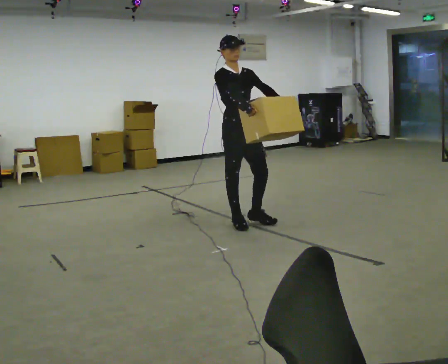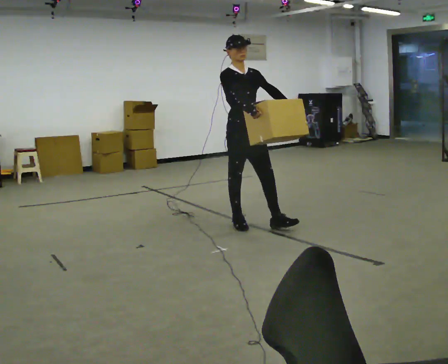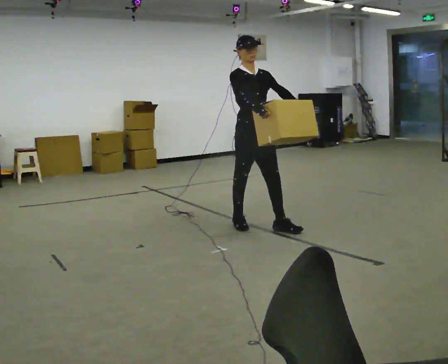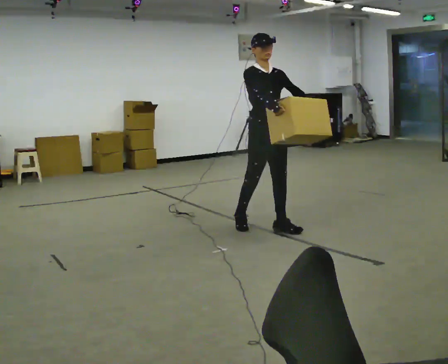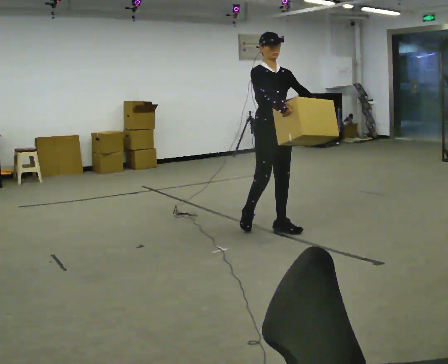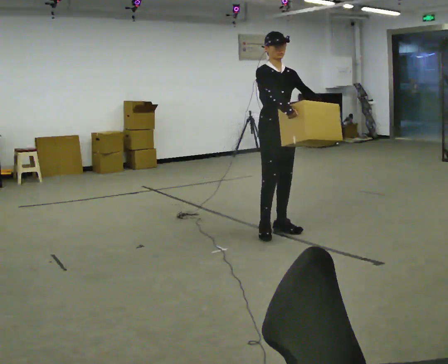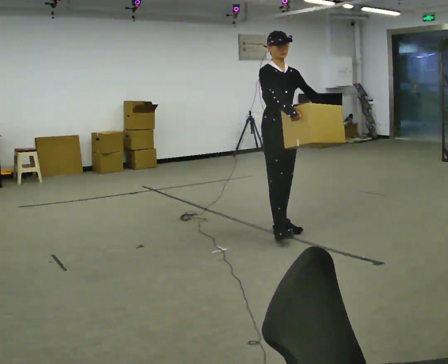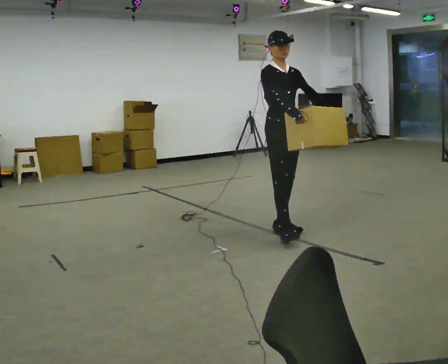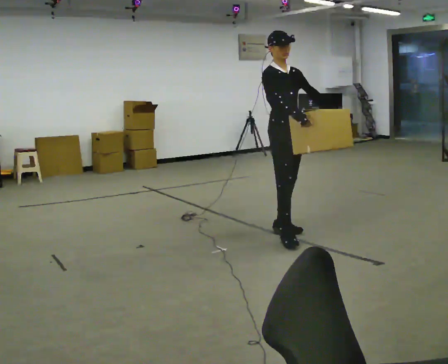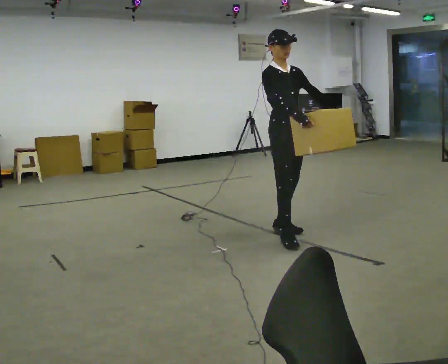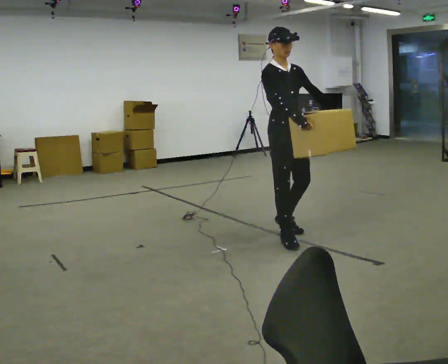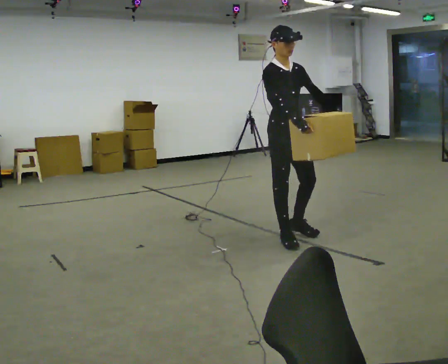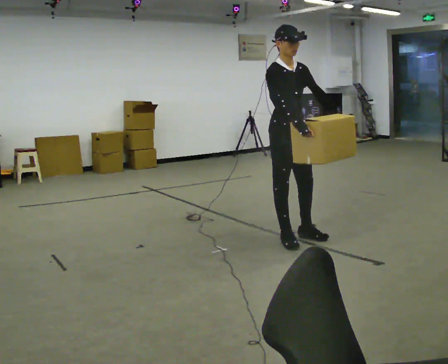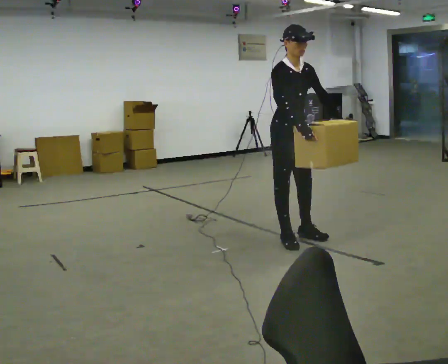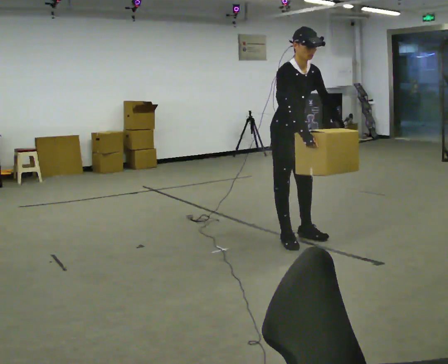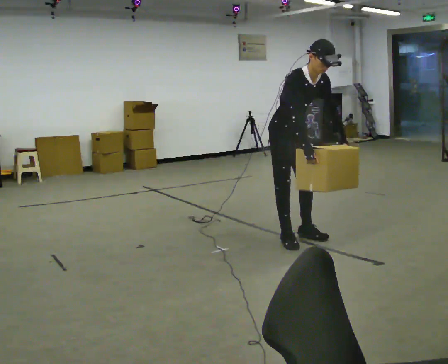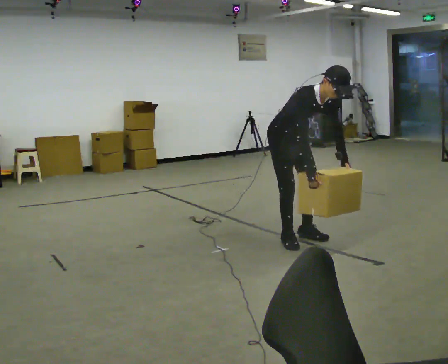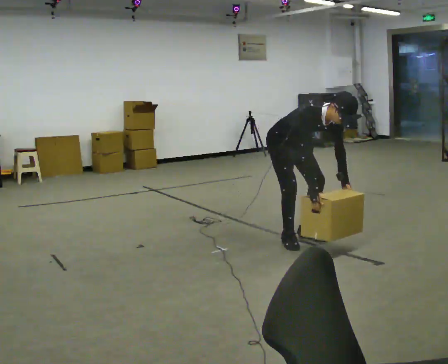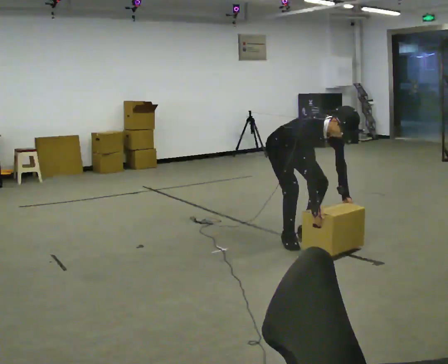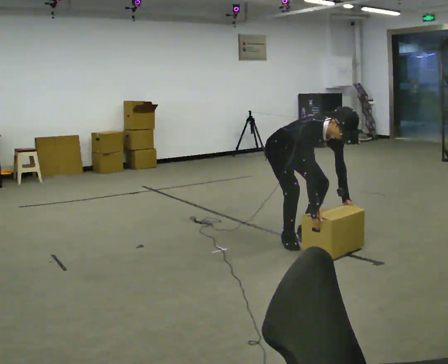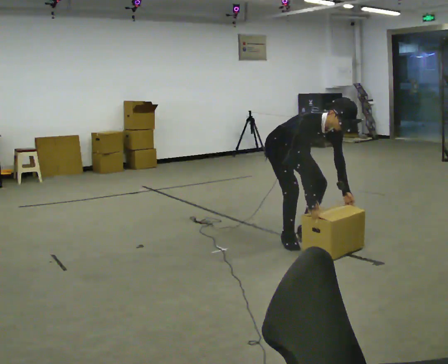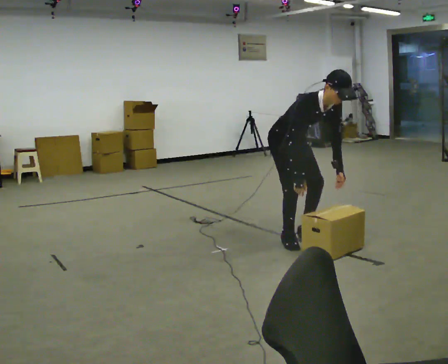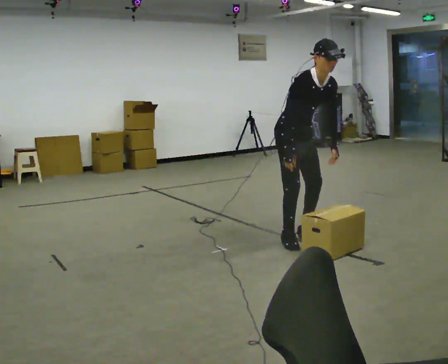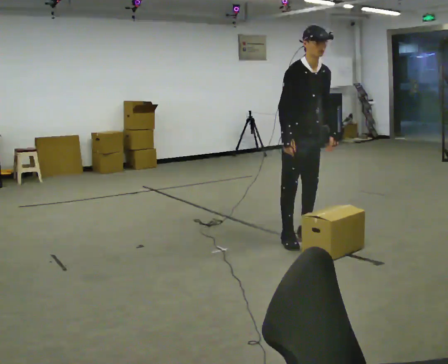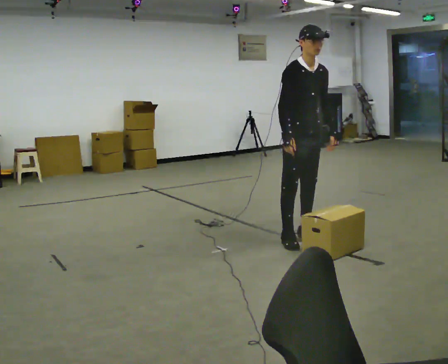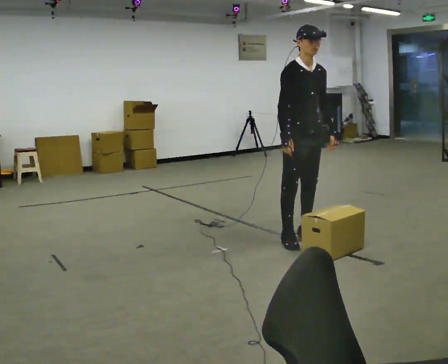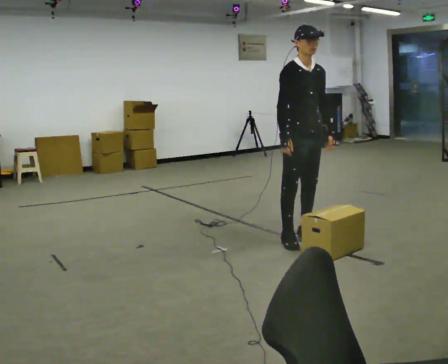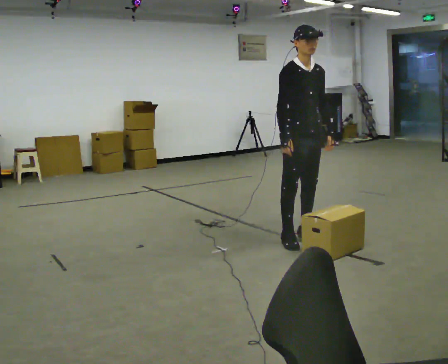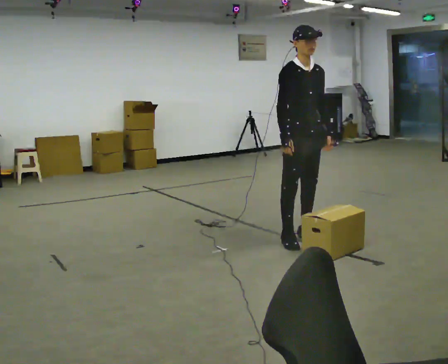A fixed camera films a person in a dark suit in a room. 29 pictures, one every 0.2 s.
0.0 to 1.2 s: In the picture they go to the right and toward the camera, about 0.5 m in 1 step, which for them is forward and to their left.
1.2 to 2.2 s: In the picture they go toward the camera, about 0.25 m in 1 step, which for them is forward and to their right.
2.2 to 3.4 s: The upper body goes downward. In the picture the upper body tilts clockwise, shoulders to the right, as they bend forward. In the picture their right hand goes downward.
3.4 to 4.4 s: The upper body tips away from the camera, its near side rolling upward, as they lean back or straighten. In the picture their right hand goes upward.
4.4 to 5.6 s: The upper body tips away from the camera, its near side rolling upward, as they lean back or straighten.
The film runs forward here.
